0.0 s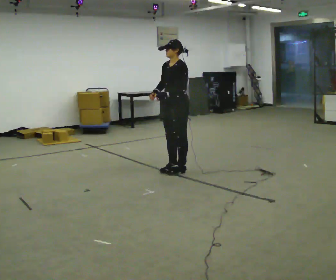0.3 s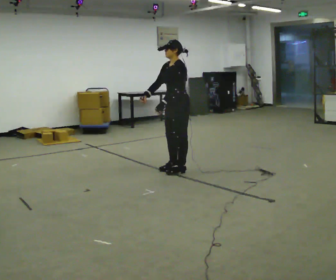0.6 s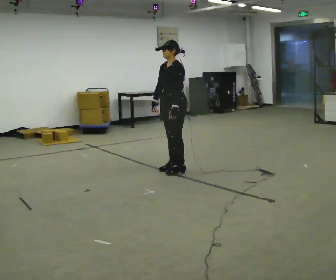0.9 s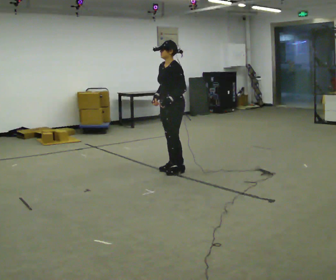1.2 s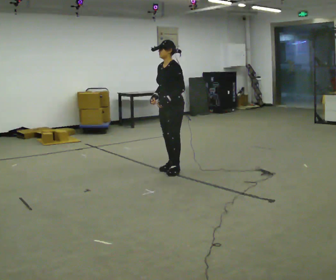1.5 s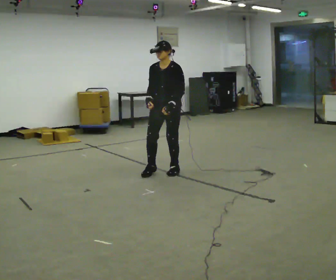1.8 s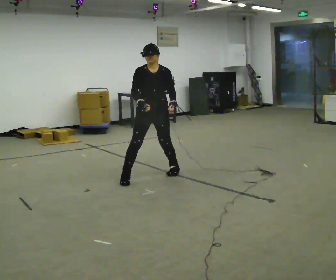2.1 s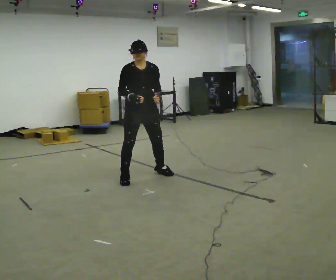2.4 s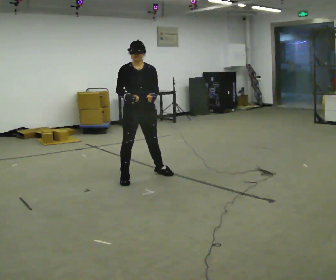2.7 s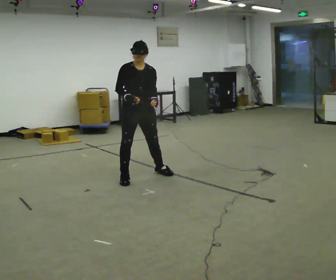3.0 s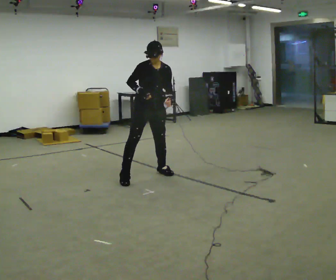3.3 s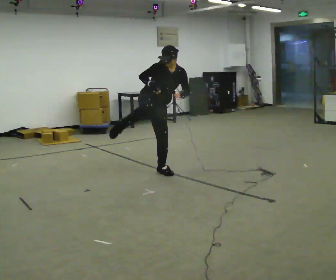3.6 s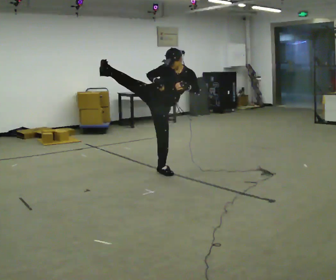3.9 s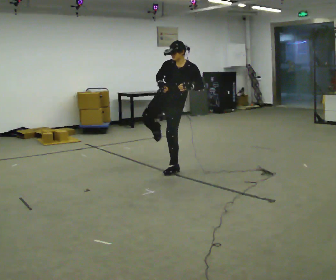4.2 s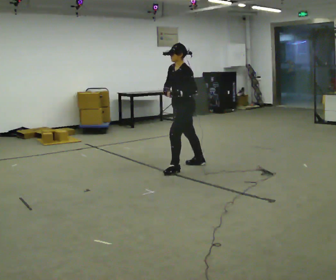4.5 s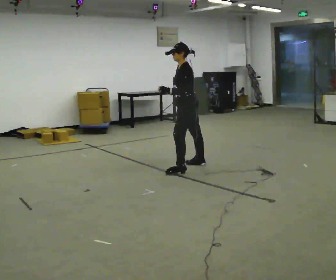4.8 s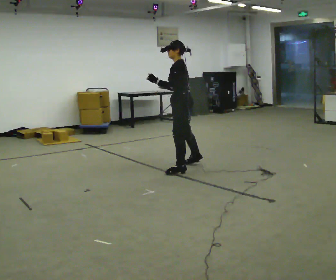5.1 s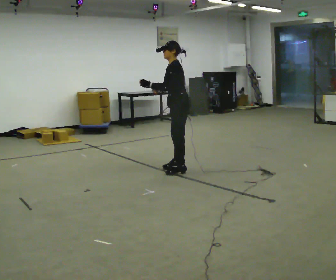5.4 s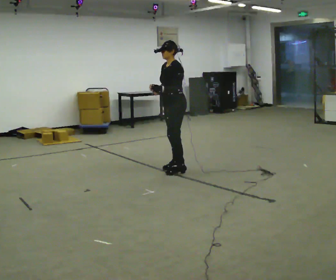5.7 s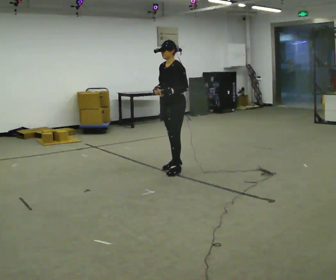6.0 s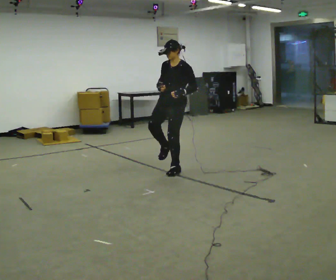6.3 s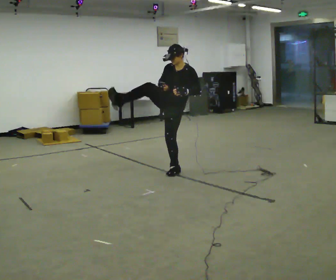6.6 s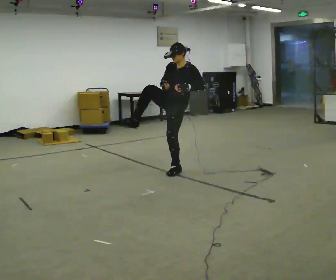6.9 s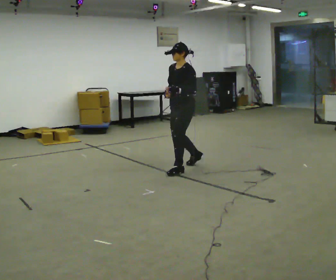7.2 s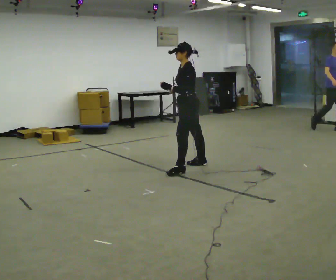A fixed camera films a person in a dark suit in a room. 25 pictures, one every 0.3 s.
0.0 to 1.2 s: The person moves a little, or ends about where they began.
1.2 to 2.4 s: The person turns about 90 degrees to their left, counterclockwise seen from above, so the part of the body nearest the lens slides to the right. In the picture they go to the left and toward the camera, about 0.5 m in 2 steps.
2.4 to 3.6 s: In the picture they go away from the camera and to the right, about 0.5 m in 1 step, which for them is to their left. In the picture the upper body tilts clockwise, shoulders to the right.
3.6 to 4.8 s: The person turns about 105 degrees to their right, clockwise seen from above, so the part of the body nearest the lens slides to the left. In the picture they go to the right, about 0.25 m in 2 steps. In the picture the upper body tilts counterclockwise, shoulders to the left. In the picture their left hand goes to the left.
4.8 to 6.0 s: The part of the body nearest the lens slides to the right as the person turns to their left by about 45 degrees.
6.0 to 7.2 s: Seen from above the body turns clockwise, about 45 degrees: to their right, with its near side sliding to the left. In the picture they go to the right, about 0.25 m, which for them is backward.
The film runs backward here.
